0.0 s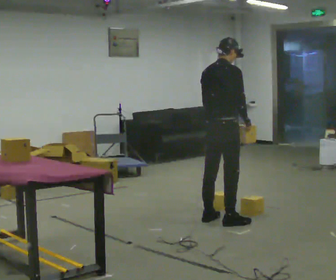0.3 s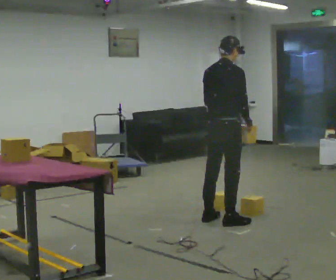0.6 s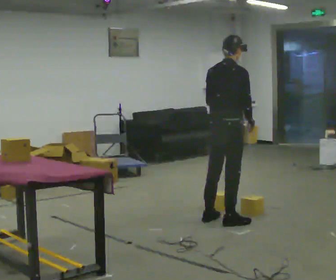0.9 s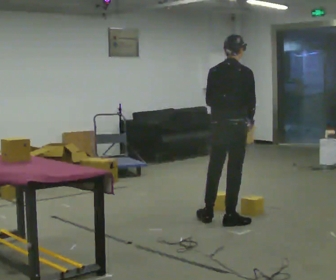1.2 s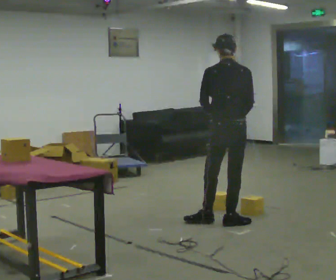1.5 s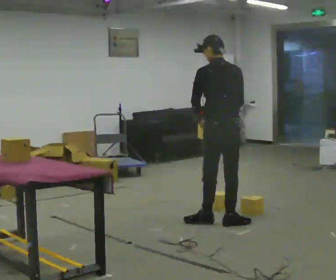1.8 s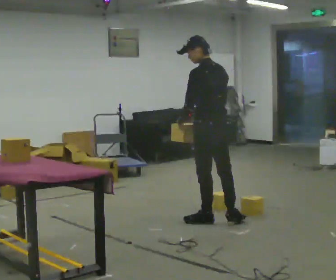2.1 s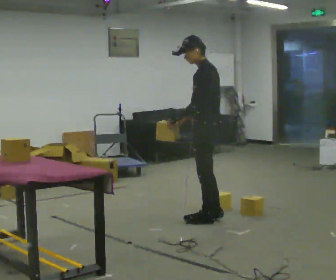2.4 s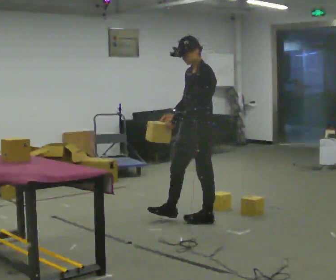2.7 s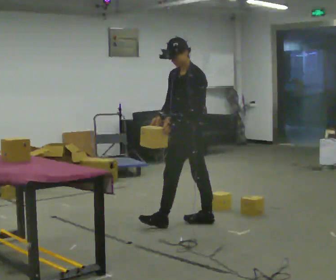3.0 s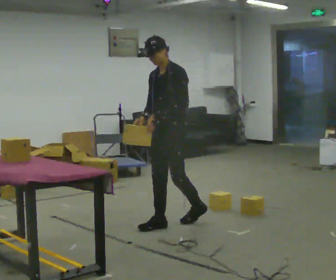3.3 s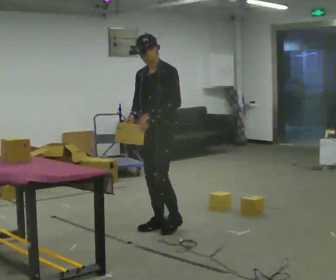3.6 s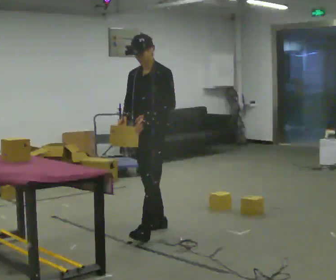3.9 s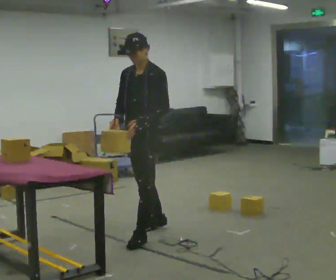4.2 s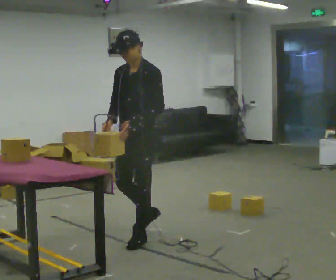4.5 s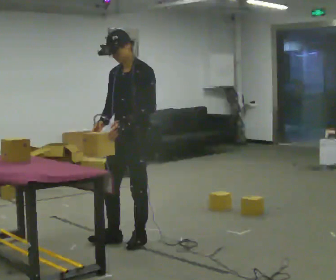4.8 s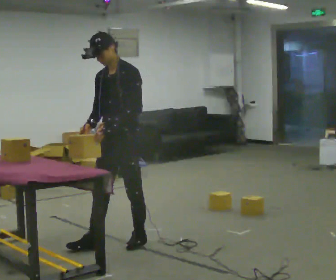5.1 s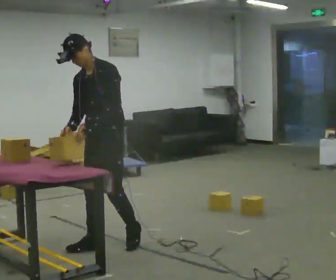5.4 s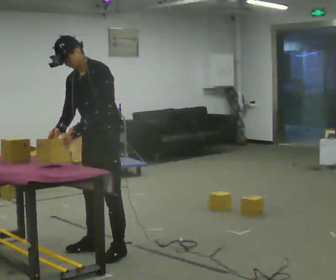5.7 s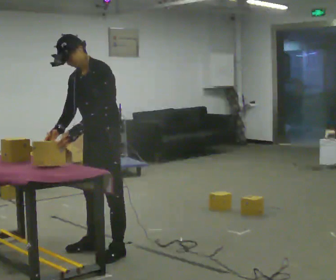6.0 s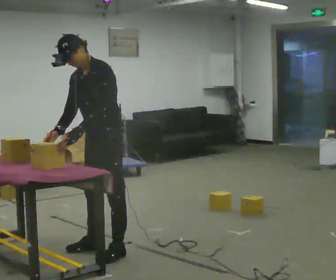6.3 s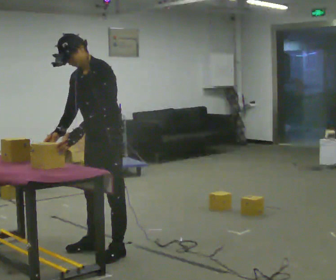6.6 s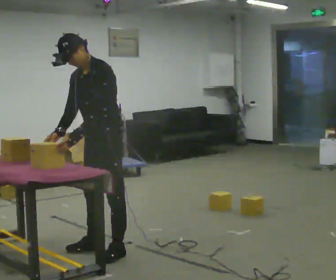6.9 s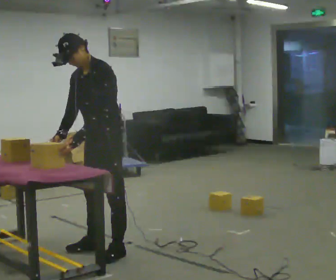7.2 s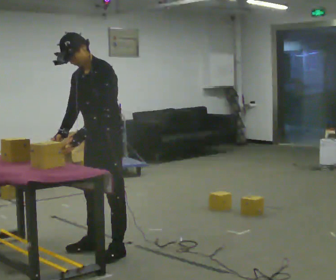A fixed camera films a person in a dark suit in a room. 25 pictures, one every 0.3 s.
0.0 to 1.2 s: The person turns about 45 degrees to their left, counterclockwise seen from above, so the part of the body nearest the lens slides to the right.
1.2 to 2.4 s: The person turns about 105 degrees to their left, counterclockwise seen from above, so the part of the body nearest the lens slides to the right. In the picture they go to the left, about 0.25 m. In the picture their left hand goes to the left.
2.4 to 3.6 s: The person turns about 45 degrees to their left, counterclockwise seen from above, so the part of the body nearest the lens slides to the right. In the picture they go to the left and toward the camera, about 0.5 m in 1 step, which for them is forward.
3.6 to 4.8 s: In the picture they go toward the camera and to the left, about 0.5 m in 2 steps, which for them is forward.
4.8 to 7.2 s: The person moves a little, or ends about where they began.
The film runs forward here.
